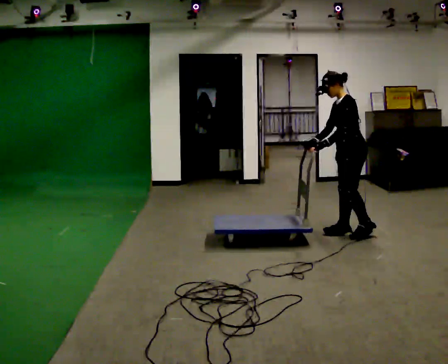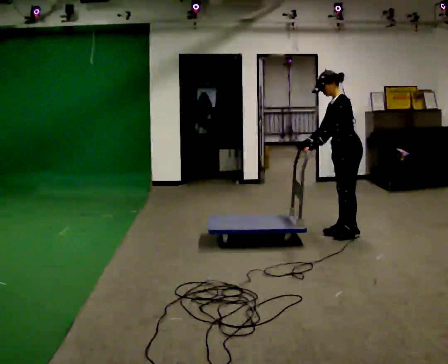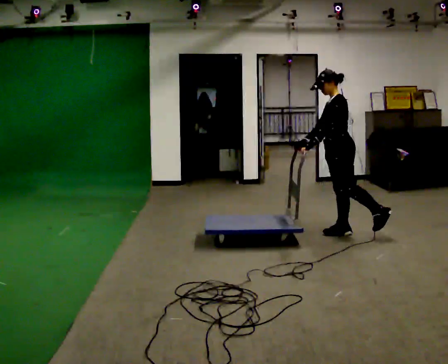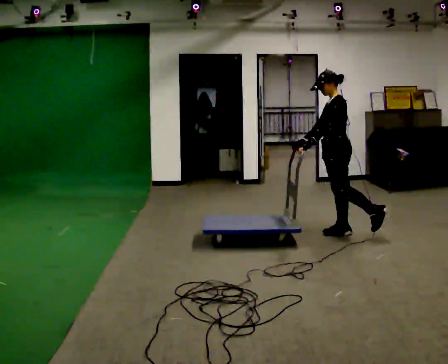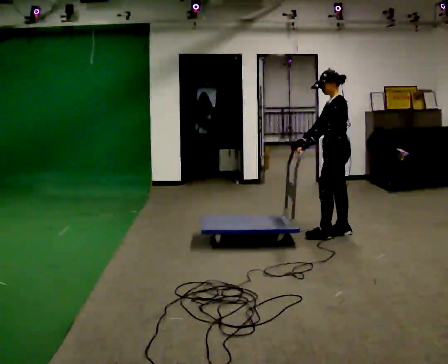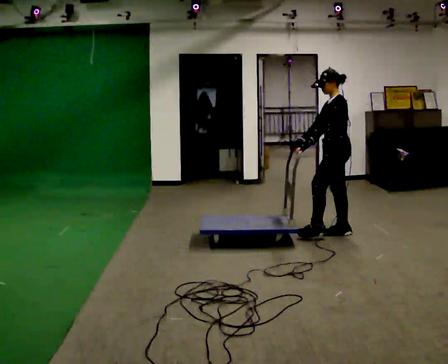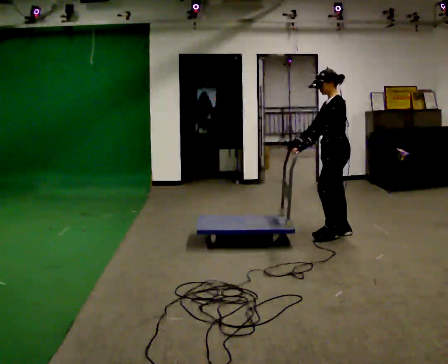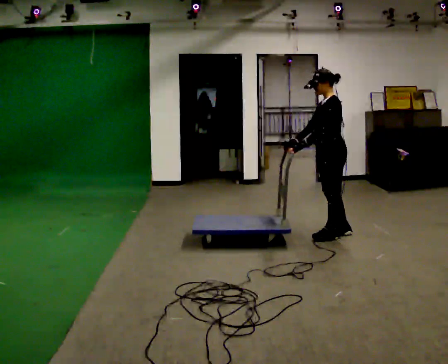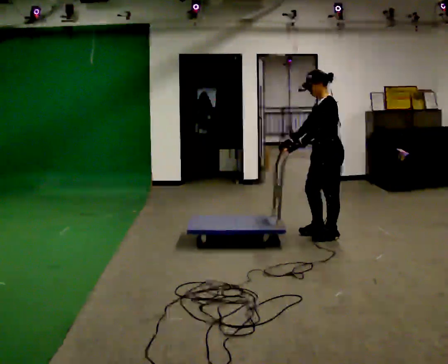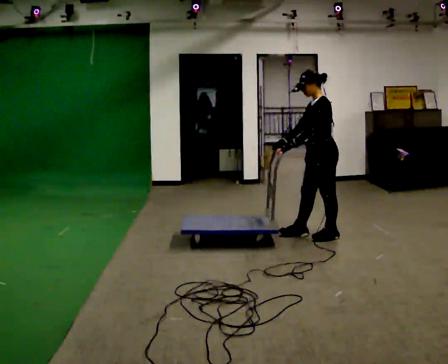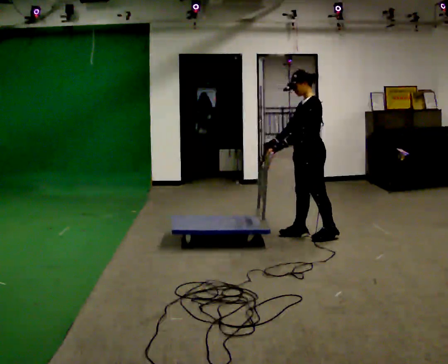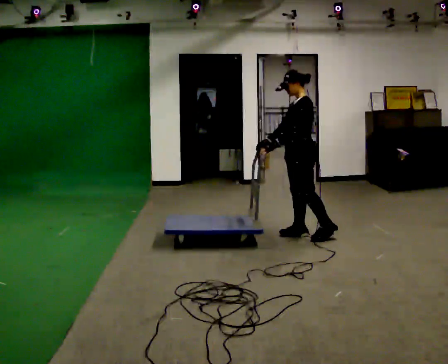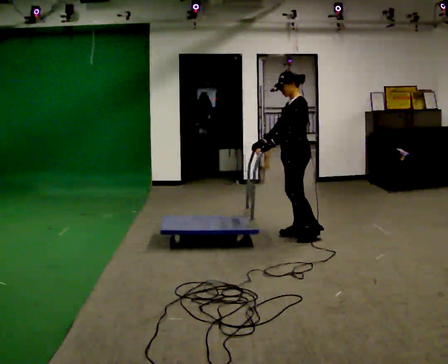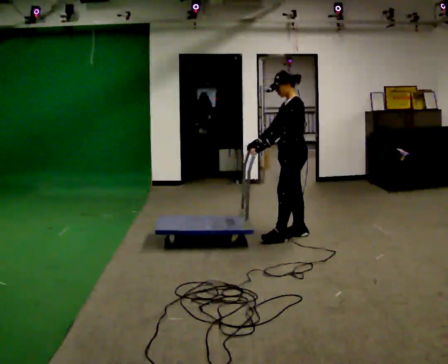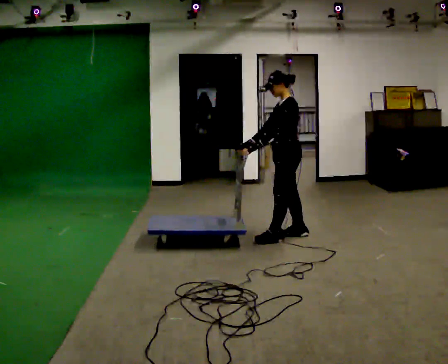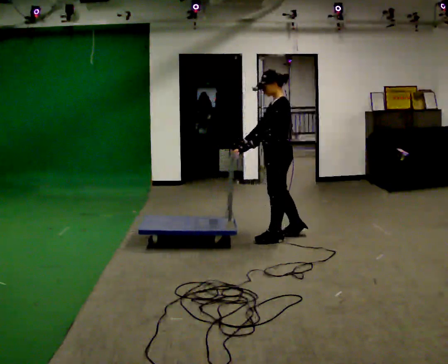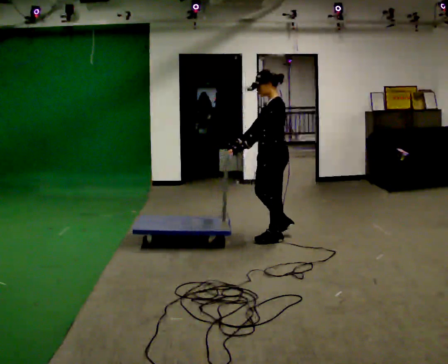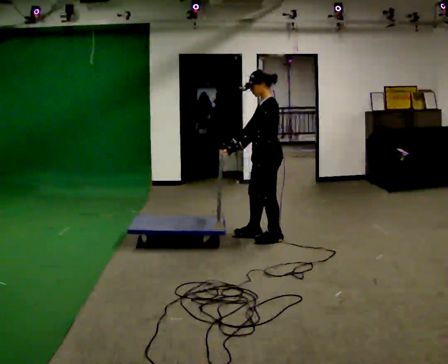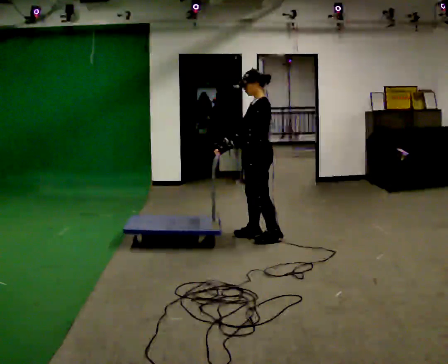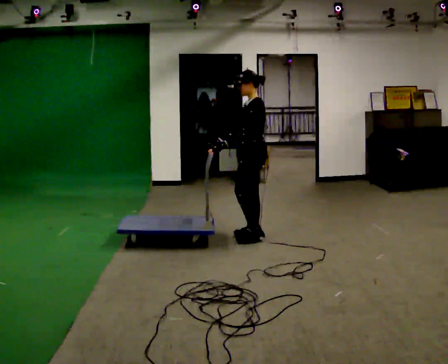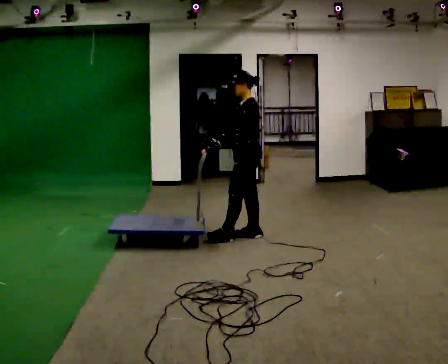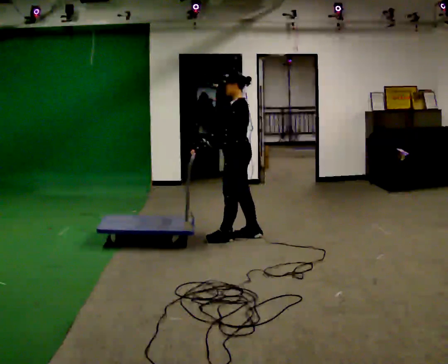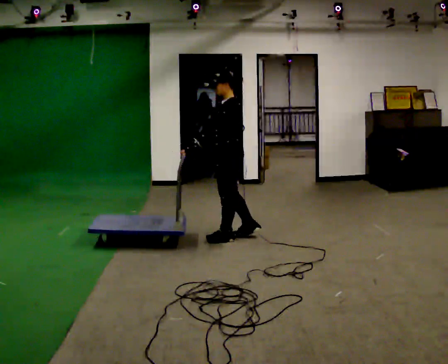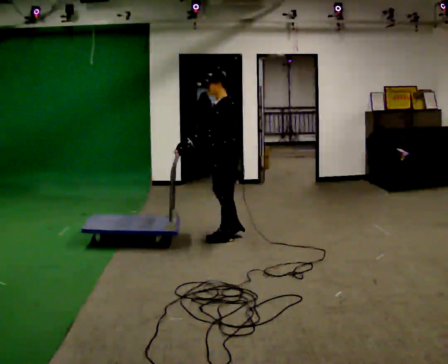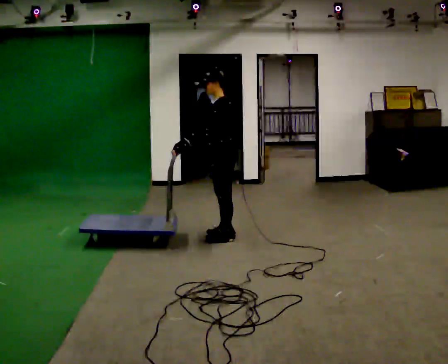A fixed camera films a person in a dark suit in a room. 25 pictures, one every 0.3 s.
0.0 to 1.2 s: The person moves a little, or ends about where they began.
1.2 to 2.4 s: In the picture they go toward the camera, about 0.25 m in 1 step, which for them is forward and to their left.
2.4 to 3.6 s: In the picture they go to the left, about 0.25 m in 1 step, which for them is forward and to their right.
3.6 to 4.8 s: In the picture they go to the left and toward the camera, about 0.25 m in 1 step, which for them is forward.
4.8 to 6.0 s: In the picture they go to the left, about 0.25 m in 1 step, which for them is forward and to their right.
6.0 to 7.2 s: In the picture they go to the left, about 0.25 m in 1 step, which for them is forward.
The film runs backward here.
